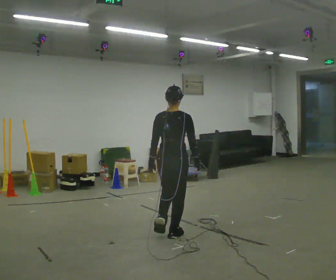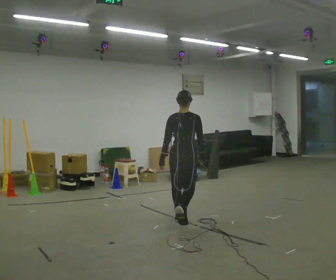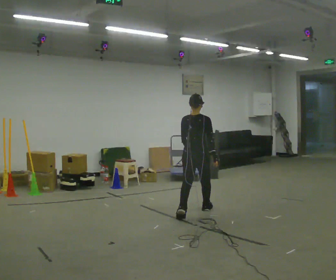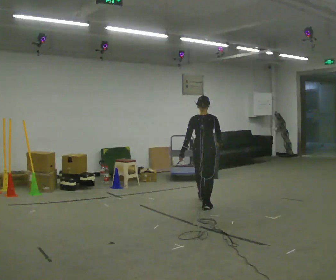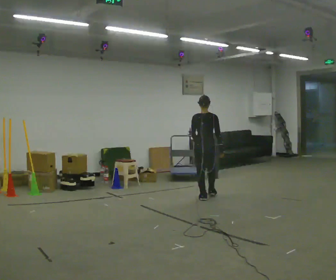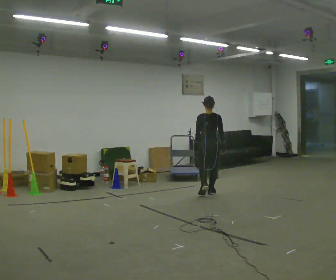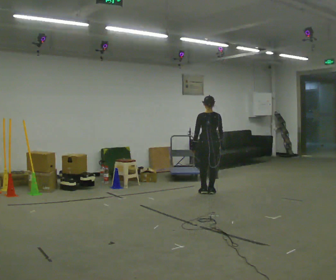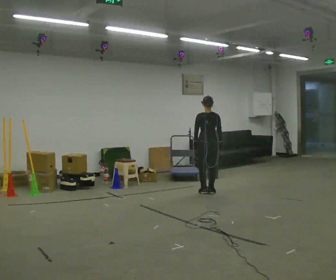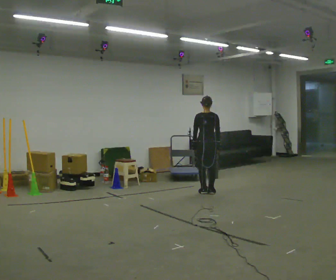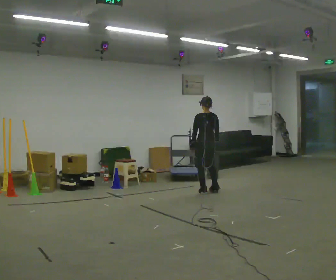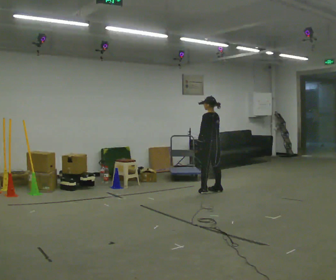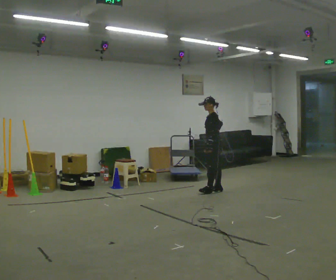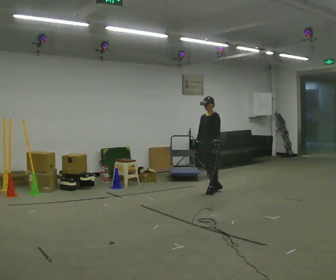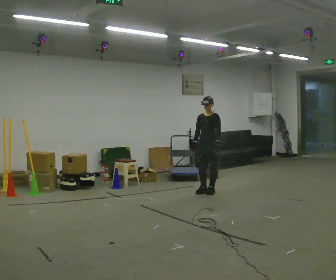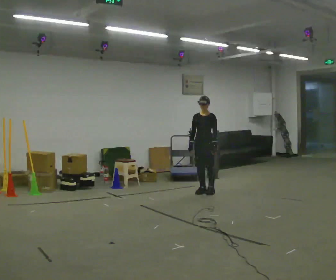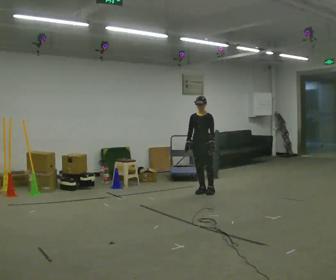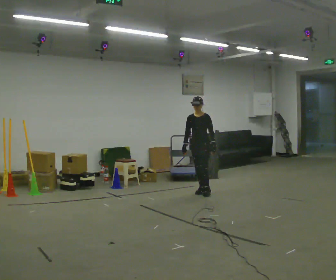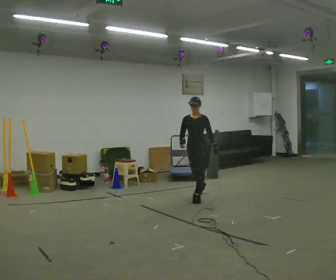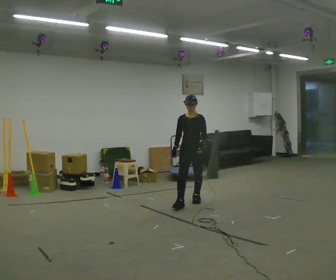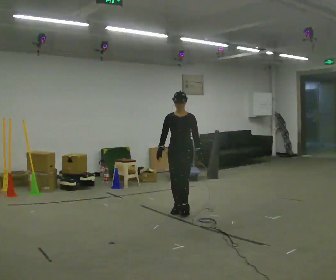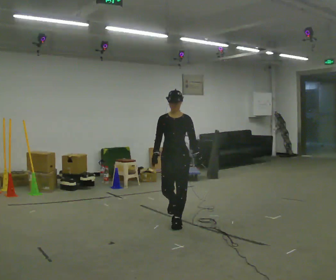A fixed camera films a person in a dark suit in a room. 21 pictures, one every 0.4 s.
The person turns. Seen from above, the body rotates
counterclockwise.
The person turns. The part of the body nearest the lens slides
to the right.
0.0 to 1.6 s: In the picture they go away from the camera, about 2 m in 3 steps, which for them is forward.
1.6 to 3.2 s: In the picture they go away from the camera, about 0.5 m in 2 steps, which for them is forward.
3.2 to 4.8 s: The part of the body nearest the lens slides to the right as the person turns to their left by about 135 degrees. In the picture their left hand goes to the right.
4.8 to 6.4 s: In the picture they go to the left, about 0.25 m in 1 step, which for them is forward.
6.4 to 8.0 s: In the picture they go toward the camera, about 2 m in 3 steps, which for them is forward.
The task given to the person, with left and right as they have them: Start still; accelerate to fast walking; hold the fast speed for several steps; decelerate and stop. Do not run.
The film runs forward here.
